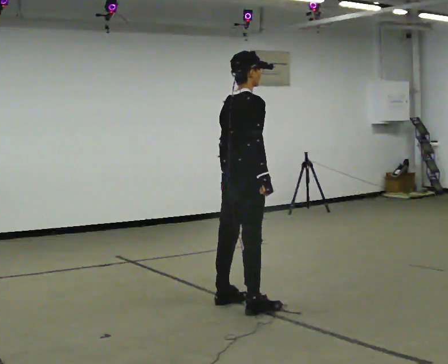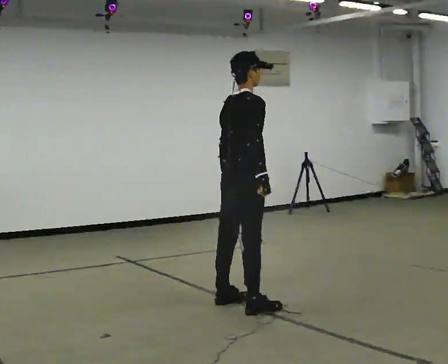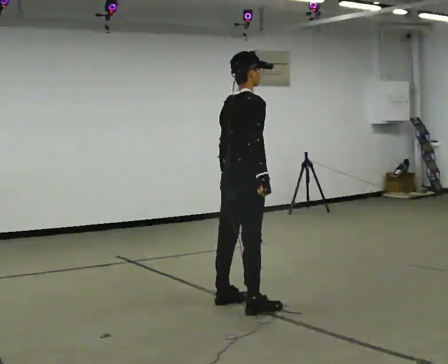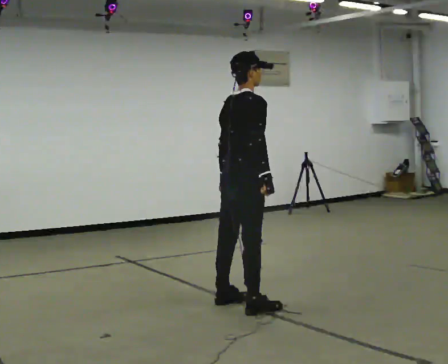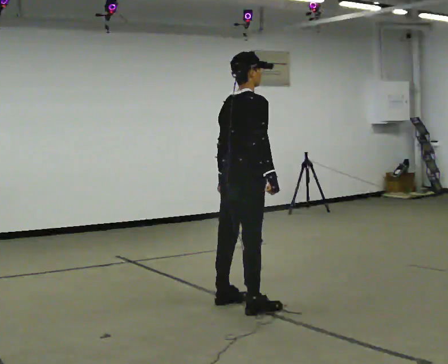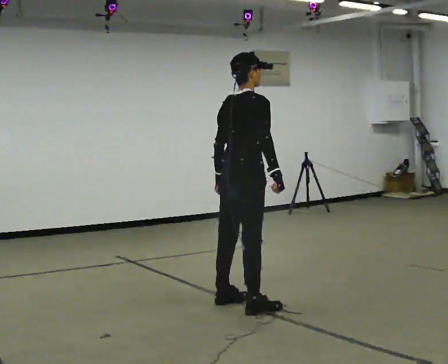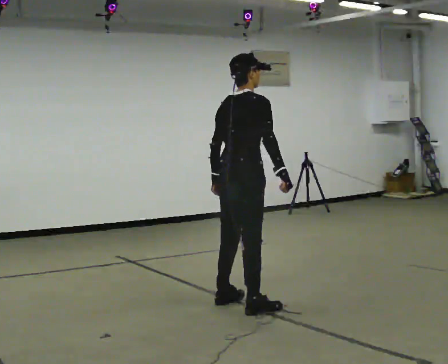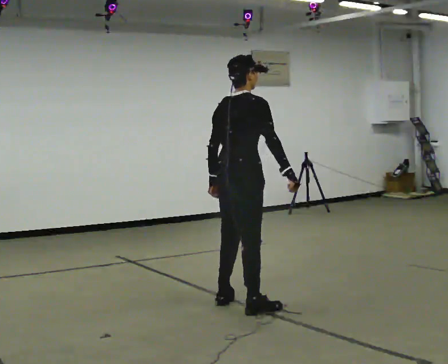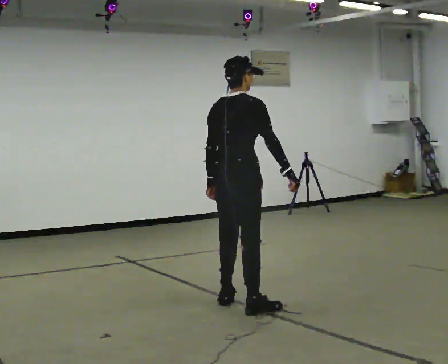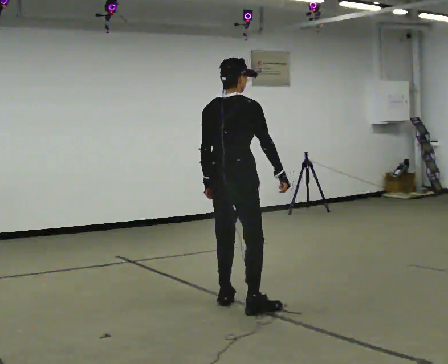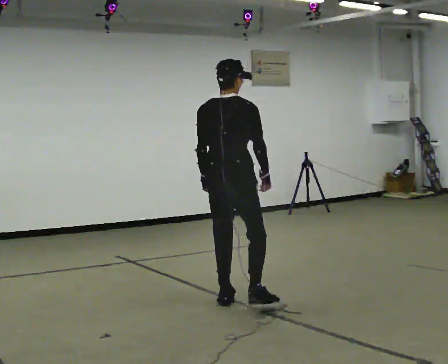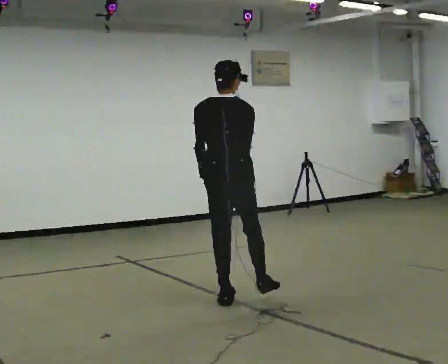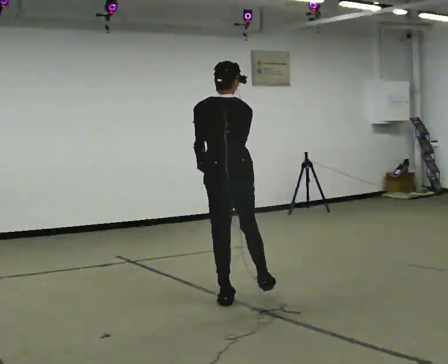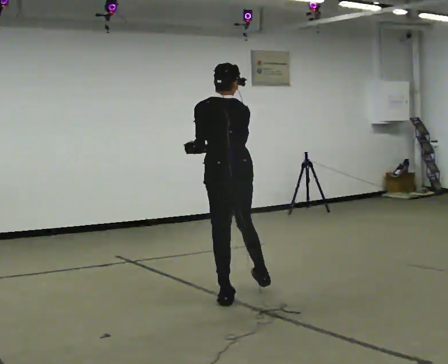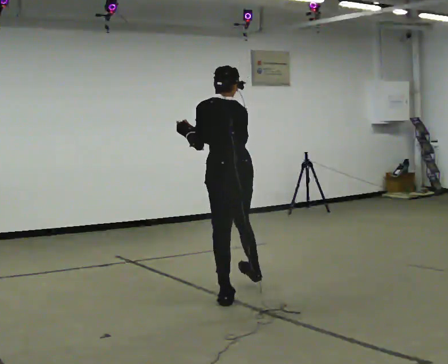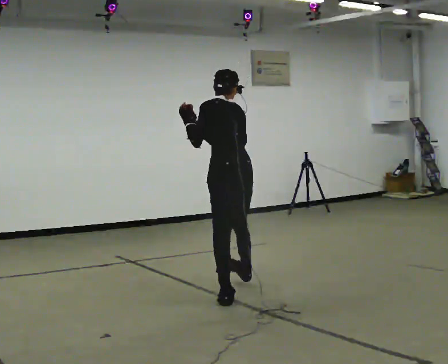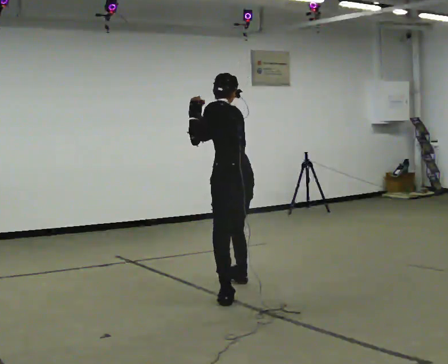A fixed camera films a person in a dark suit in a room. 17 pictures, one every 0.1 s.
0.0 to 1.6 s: The part of the body nearest the lens slides to the right as the person turns to their left by about 105 degrees. In the picture they go away from the camera, about 0.5 m in 1 step. In the picture the upper body tilts counterclockwise, shoulders to the left, as they bend forward. In the picture their right hand goes upward.
The film runs forward here.
